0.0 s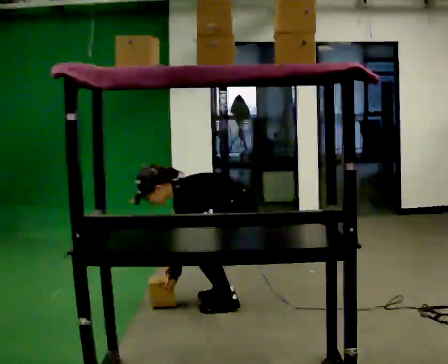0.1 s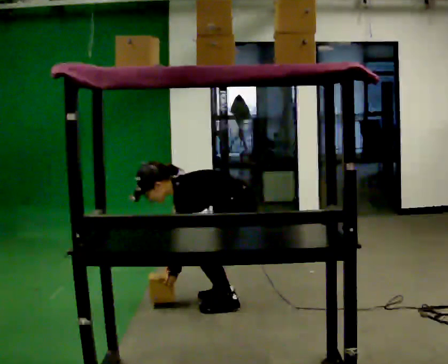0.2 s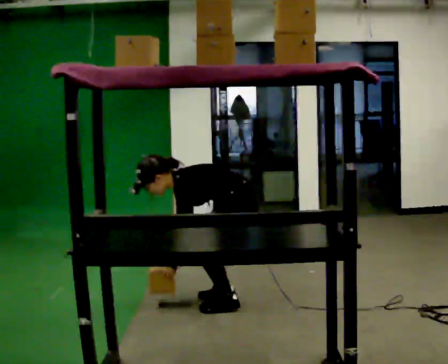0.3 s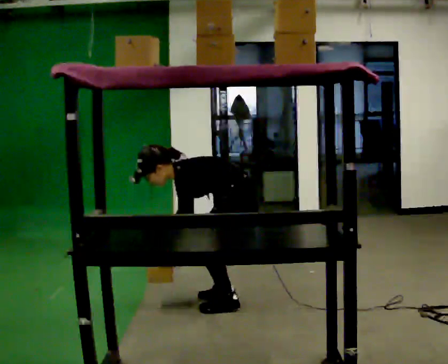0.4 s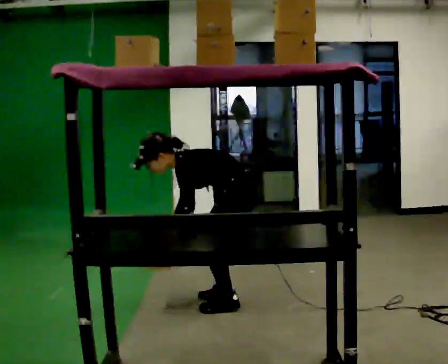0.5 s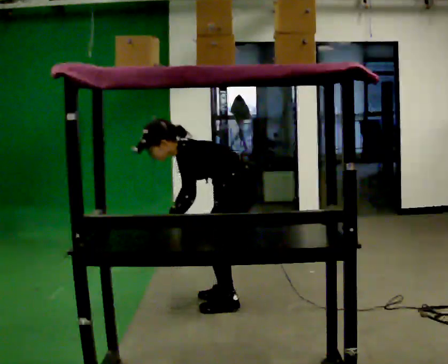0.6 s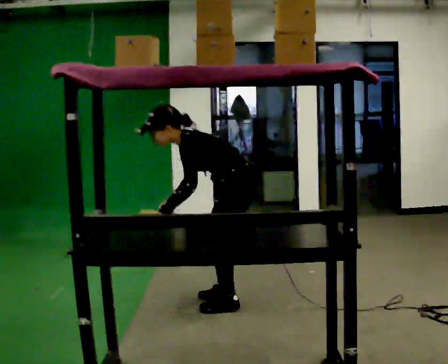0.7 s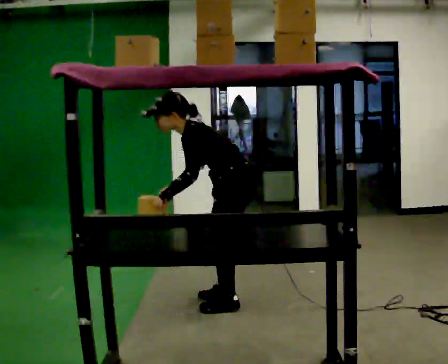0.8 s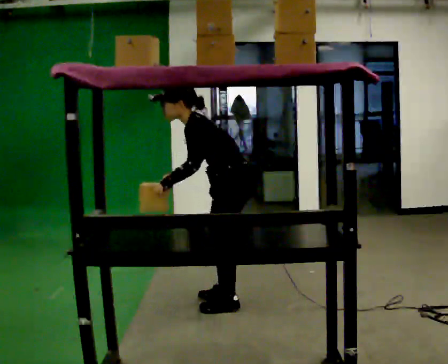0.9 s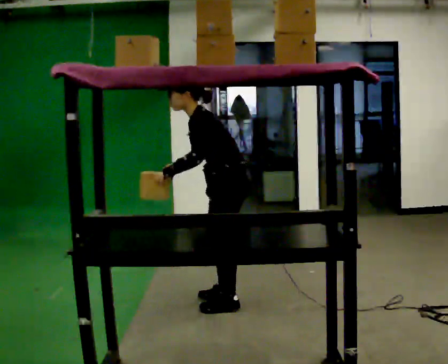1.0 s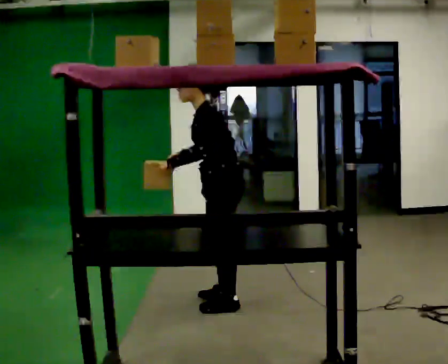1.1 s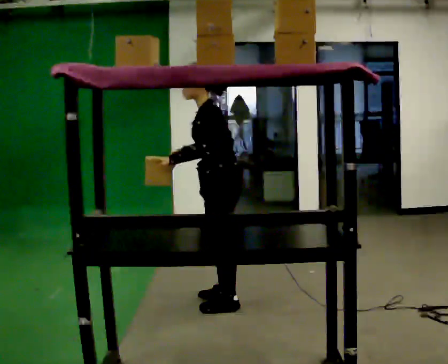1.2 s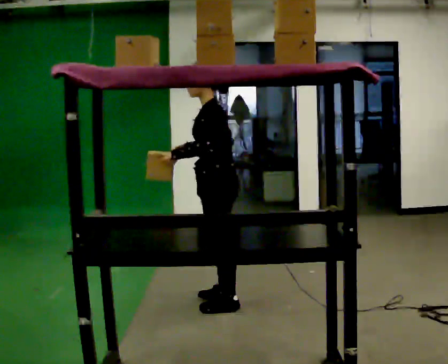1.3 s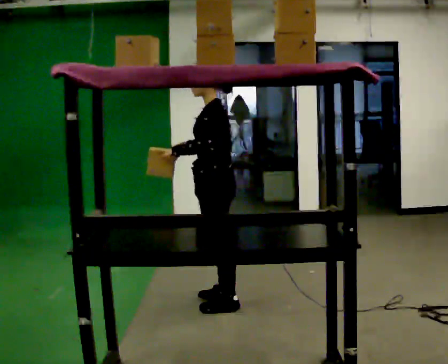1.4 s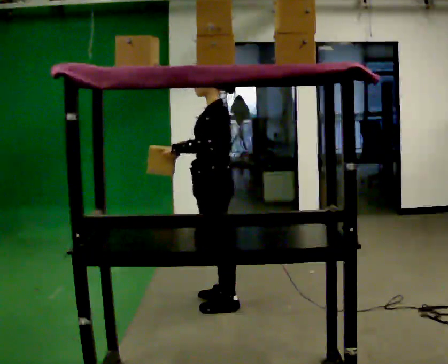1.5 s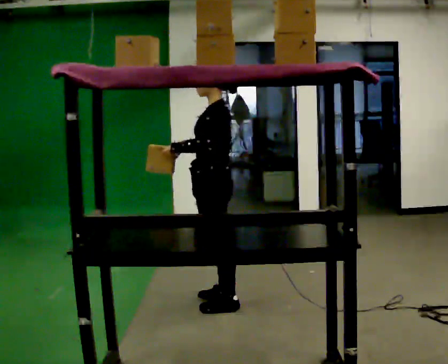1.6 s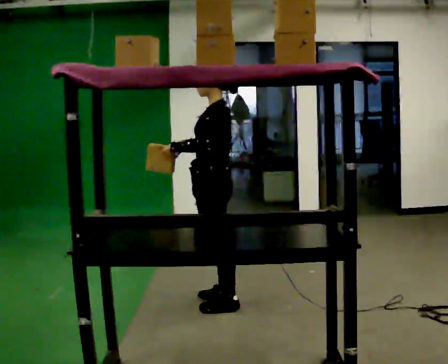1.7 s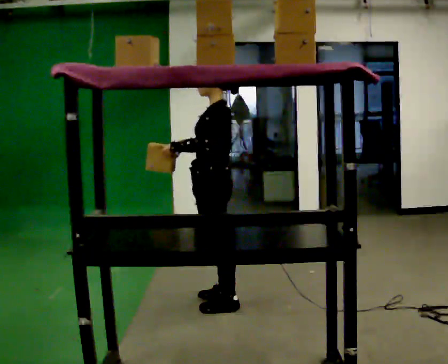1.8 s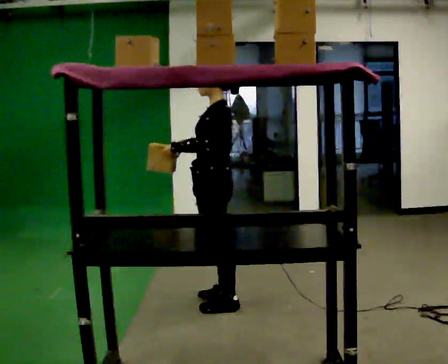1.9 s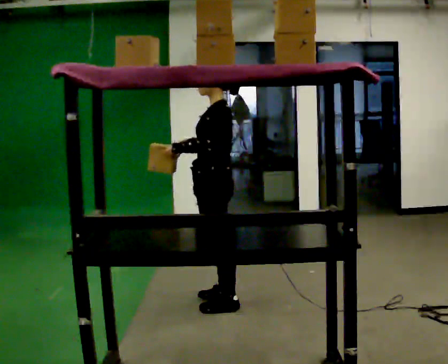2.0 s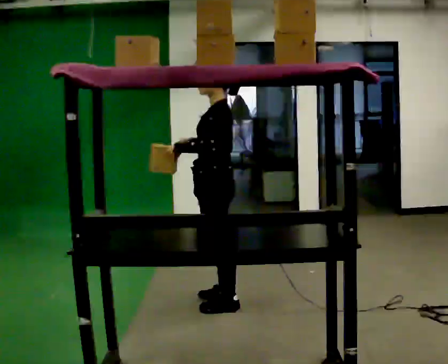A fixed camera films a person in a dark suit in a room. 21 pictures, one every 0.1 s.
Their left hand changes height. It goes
upward.
The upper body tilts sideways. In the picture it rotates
clockwise.
0.0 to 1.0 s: The upper body goes upward. In the picture the upper body tilts clockwise, shoulders to the right, as they lean back or straighten. In the picture their right hand goes upward.
1.0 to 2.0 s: In the picture the upper body tilts clockwise, shoulders to the right, as they lean back or straighten.
The film runs forward here.
